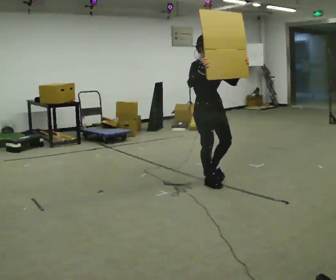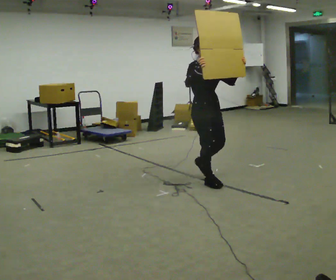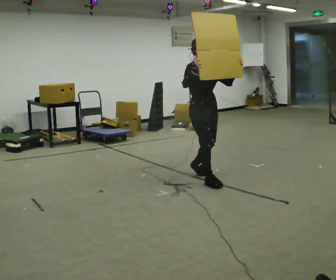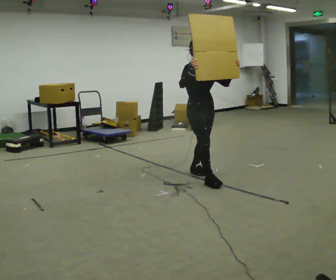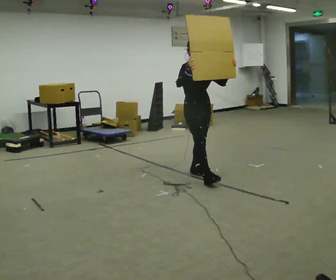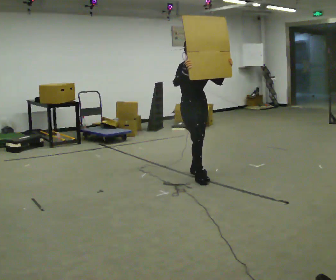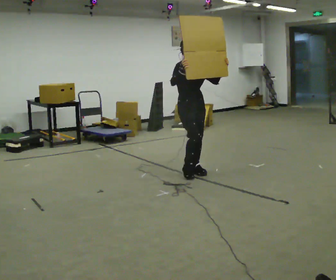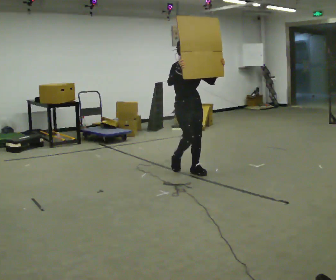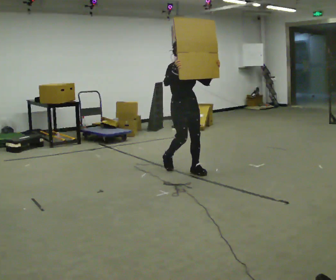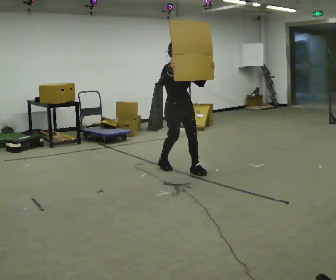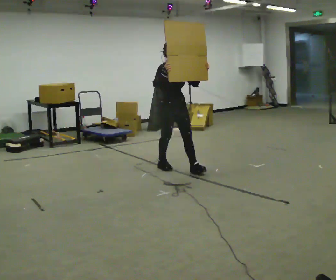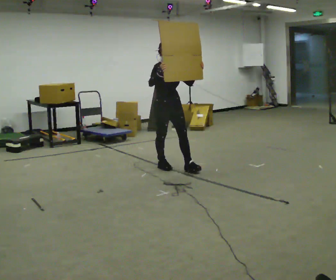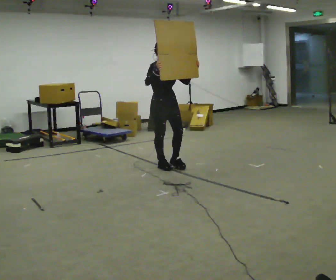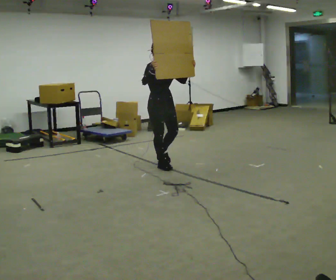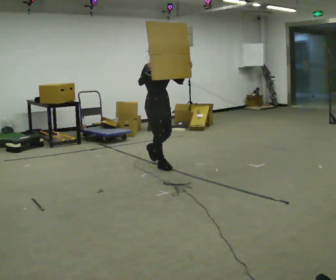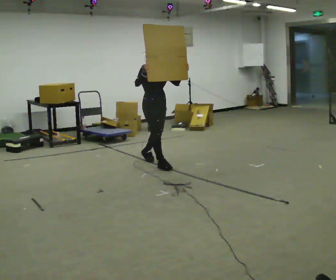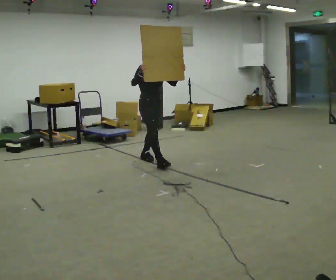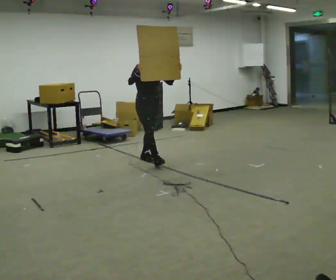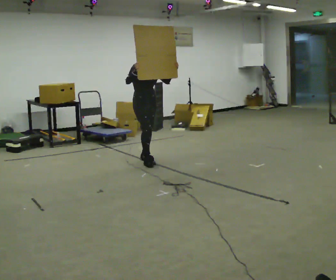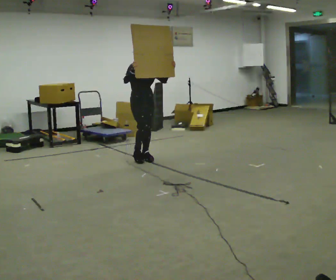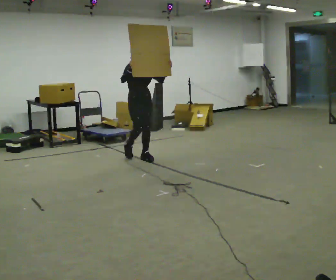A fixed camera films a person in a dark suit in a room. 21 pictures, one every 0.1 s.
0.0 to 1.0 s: In the picture they go away from the camera and to the left, about 0.75 m in 1 step, which for them is backward.
1.0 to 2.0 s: In the picture they go away from the camera and to the left, about 1 m in 2 steps, which for them is backward.
The film runs backward here.
